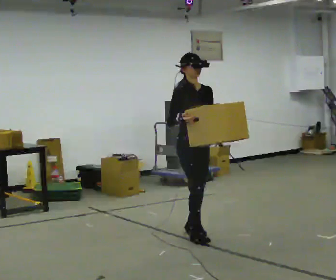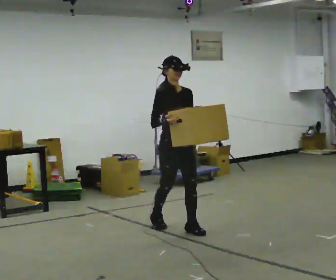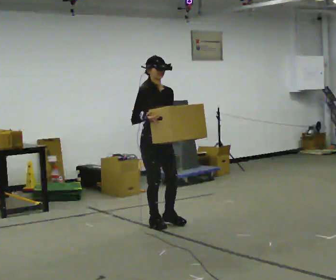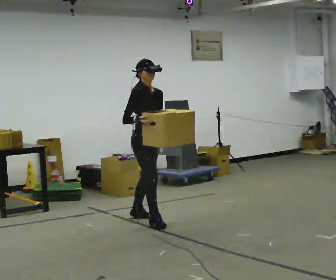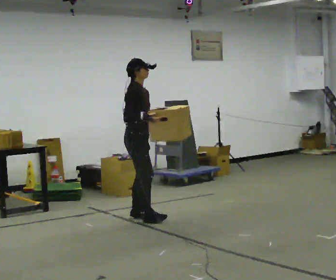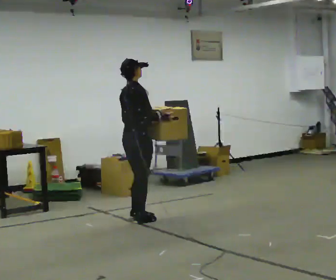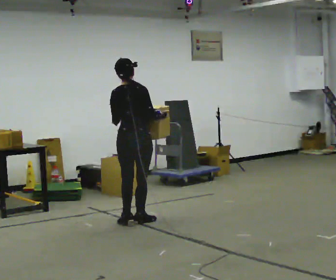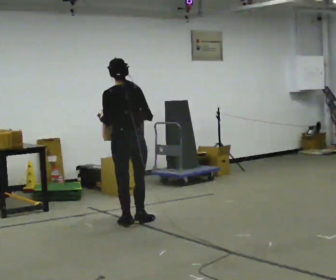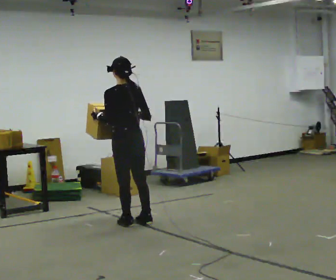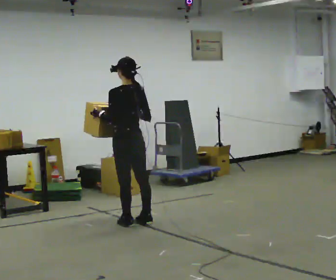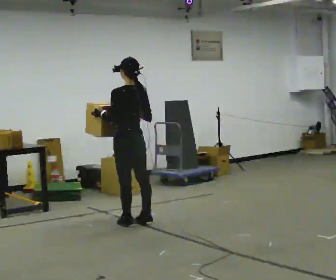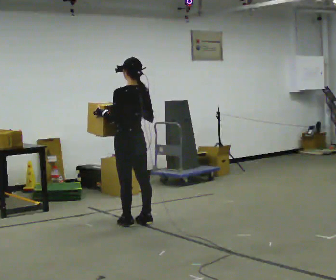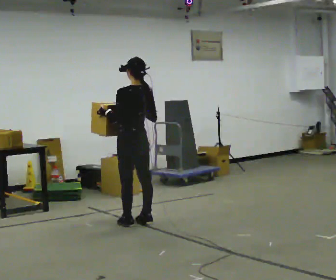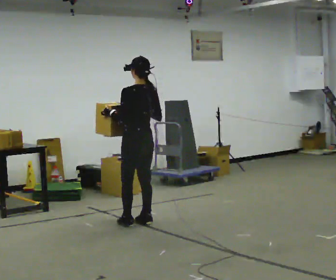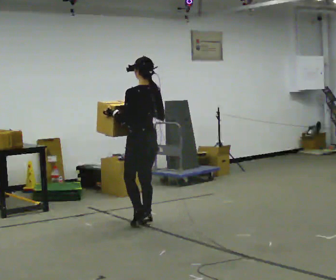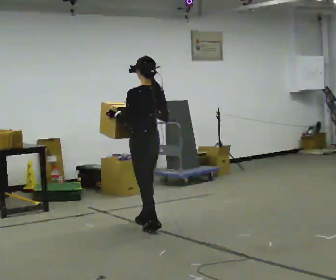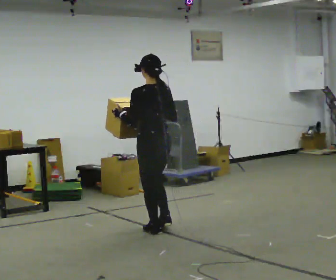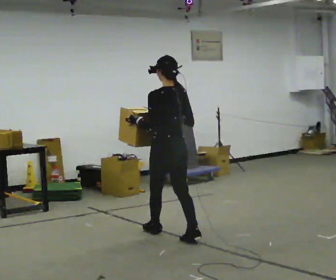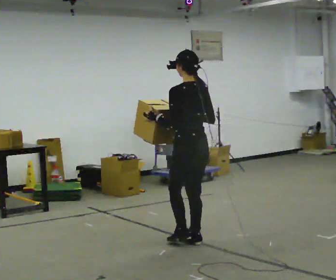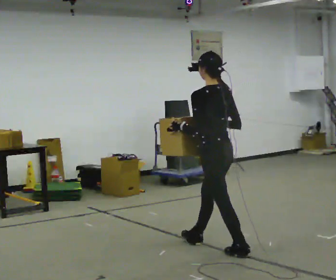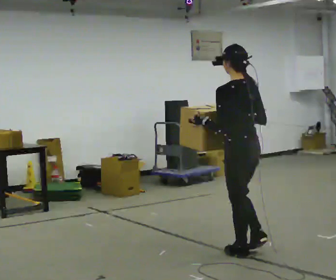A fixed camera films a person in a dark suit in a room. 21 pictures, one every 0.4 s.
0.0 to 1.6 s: The person turns about 45 degrees to their left, counterclockwise seen from above, so the part of the body nearest the lens slides to the right. In the picture they go away from the camera and to the left, about 1 m in 2 steps, which for them is backward.
1.6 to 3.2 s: The person turns about 135 degrees to their left, counterclockwise seen from above, so the part of the body nearest the lens slides to the right. In the picture they go toward the camera, about 0.25 m in 1 step.
3.2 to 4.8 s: The person moves a little, or ends about where they began.
4.8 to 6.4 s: In the picture they go toward the camera and to the right, about 0.5 m in 2 steps, which for them is backward.
6.4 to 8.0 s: In the picture they go toward the camera and to the right, about 1 m in 2 steps, which for them is backward.
The film runs backward here.
